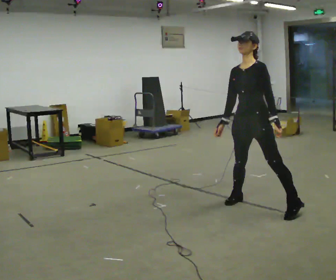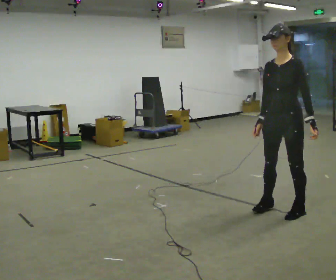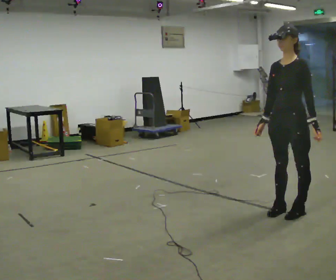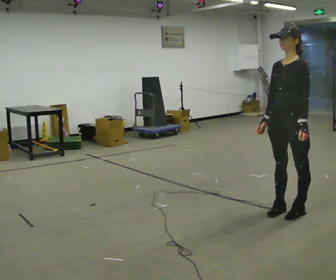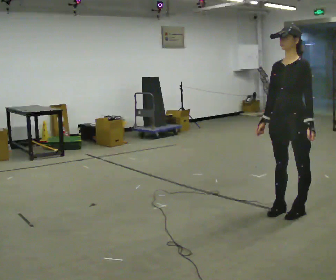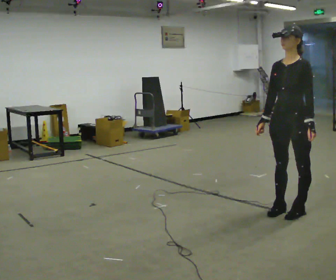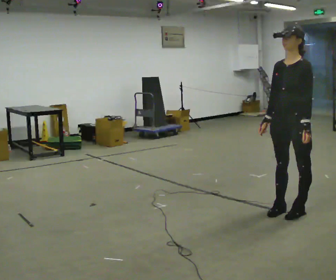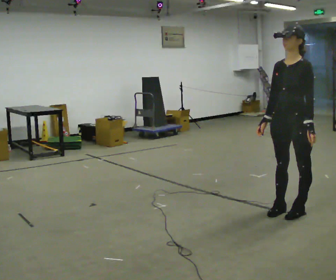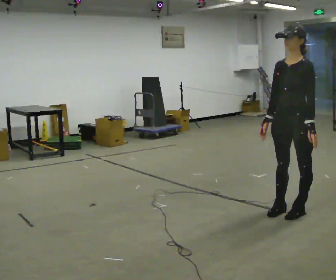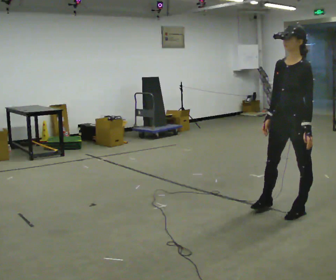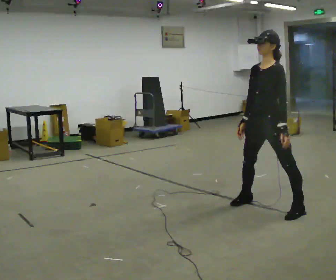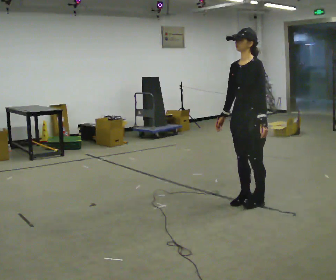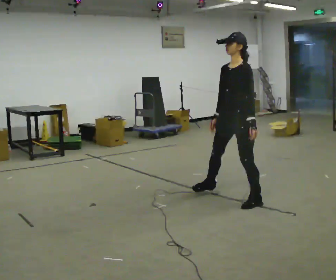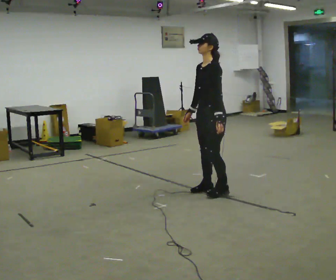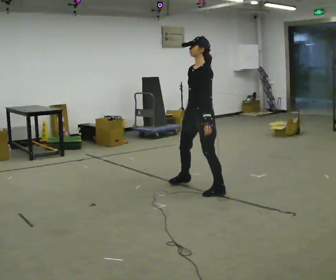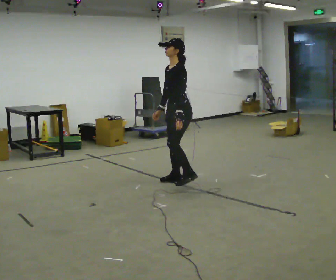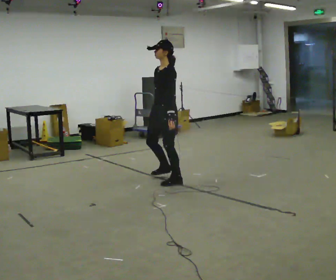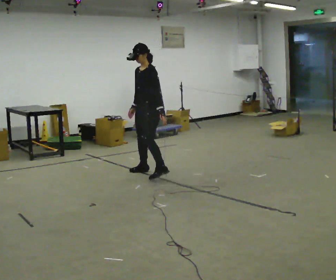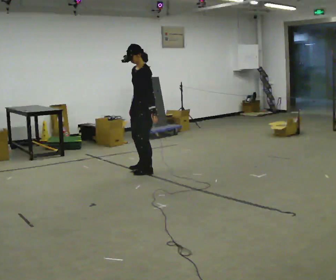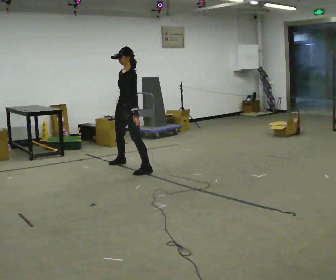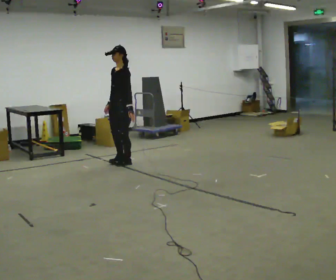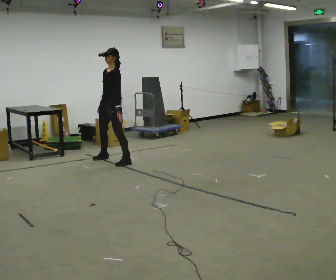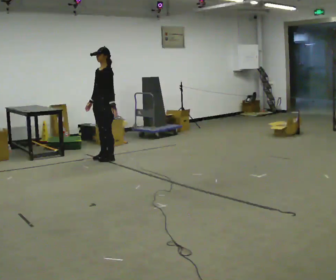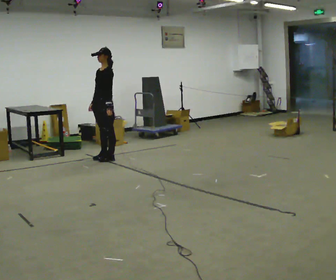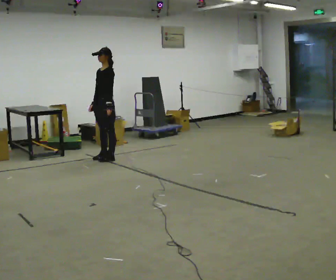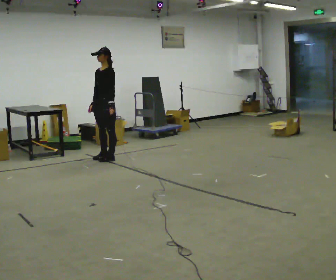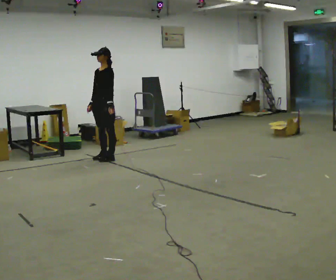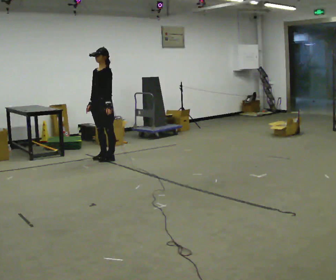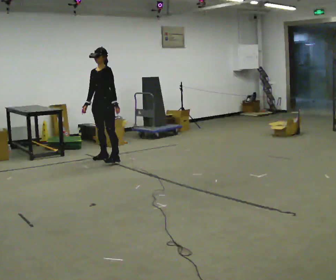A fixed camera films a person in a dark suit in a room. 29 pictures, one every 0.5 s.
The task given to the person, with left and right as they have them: Move laterally left/right for ~3 m; natural controlled steps; stop.
0.0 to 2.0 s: In the picture they go to the right and toward the camera, about 0.25 m in 2 steps, which for them is to their left.
2.0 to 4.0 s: The person moves a little, or ends about where they began.
4.0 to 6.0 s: In the picture they go away from the camera and to the left, about 0.75 m in 2 steps, which for them is to their right.
6.0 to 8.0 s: In the picture they go away from the camera and to the left, about 1 m in 4 steps, which for them is to their right.
8.0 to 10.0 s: In the picture they go away from the camera and to the left, about 1 m in 4 steps, which for them is to their right.
10.0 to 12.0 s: In the picture they go to the left and away from the camera, about 0.5 m in 2 steps, which for them is to their right.
12.0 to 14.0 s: The person moves a little, or ends about where they began.
The film runs forward here.
